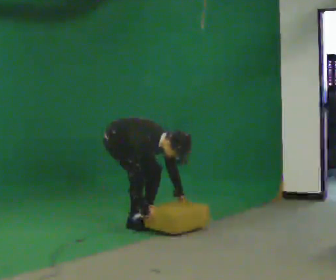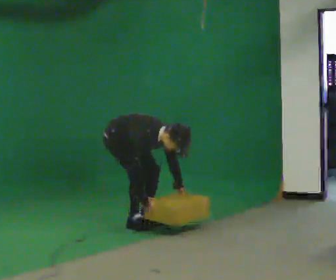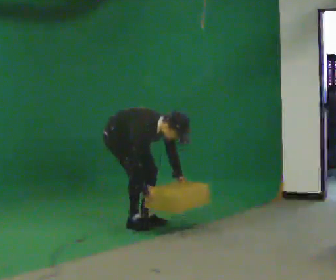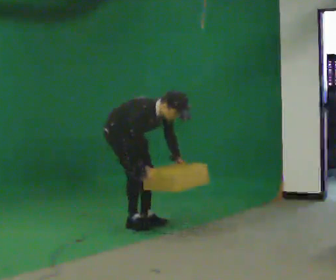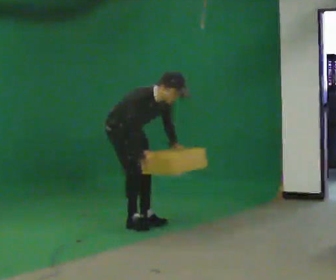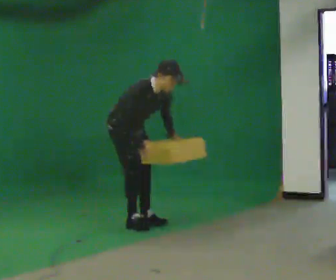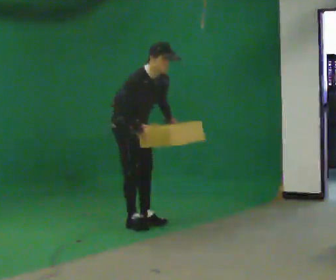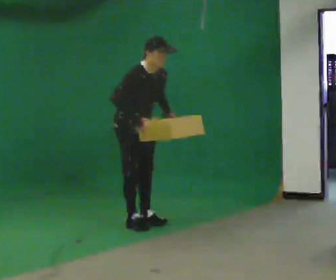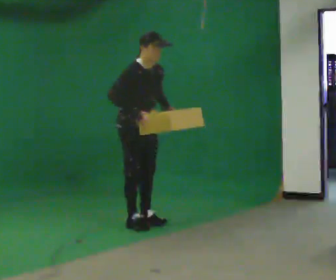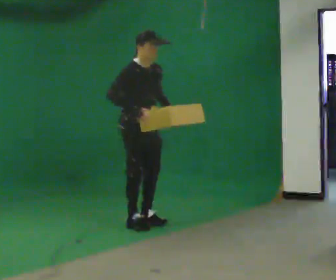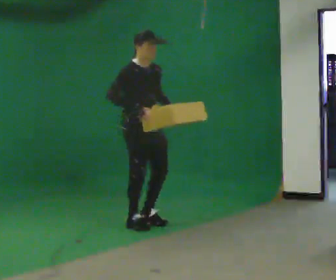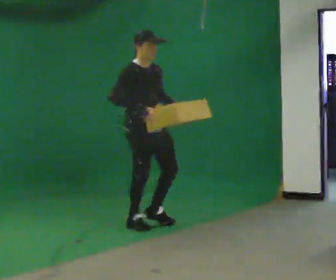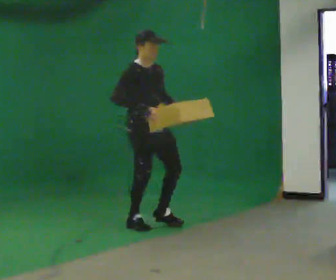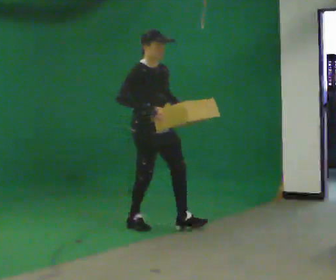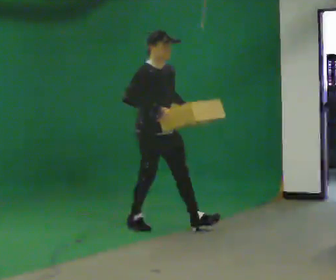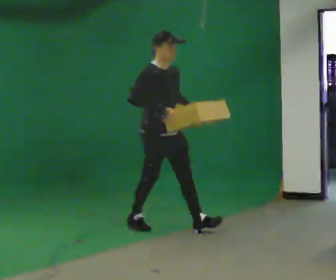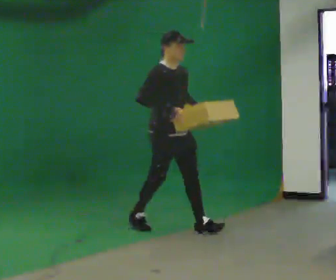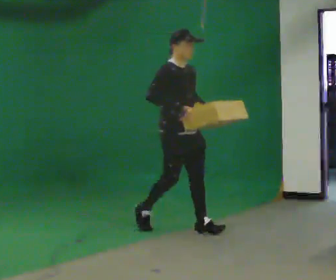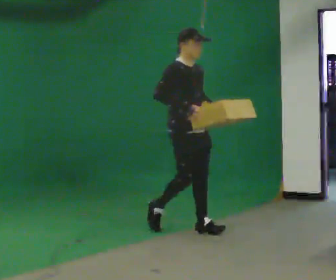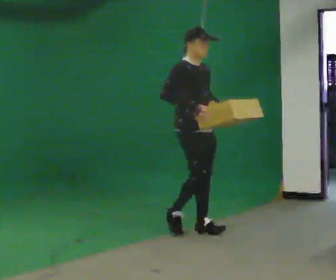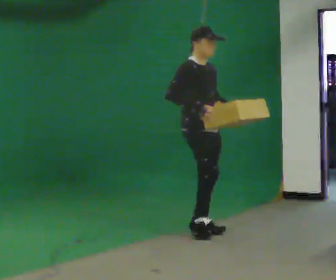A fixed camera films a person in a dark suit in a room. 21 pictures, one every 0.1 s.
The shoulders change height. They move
upward.
Their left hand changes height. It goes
upward.
0.0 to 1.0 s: In the picture they go to the right and toward the camera, about 0.25 m, which for them is forward. The upper body goes upward. In the picture the upper body tilts counterclockwise, shoulders to the left, as they lean back or straighten. In the picture their right hand goes upward.
1.0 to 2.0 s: In the picture they go to the right and toward the camera, about 0.5 m in 1 step, which for them is forward.
The film runs forward here.
